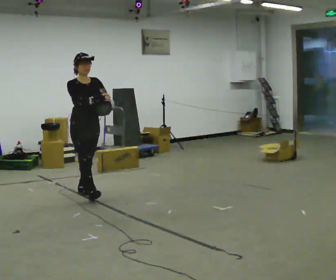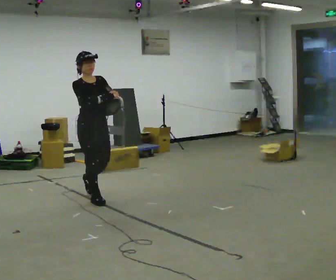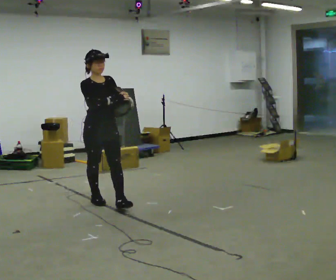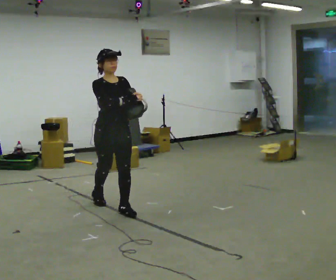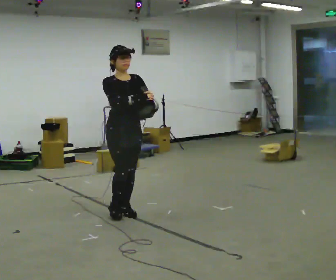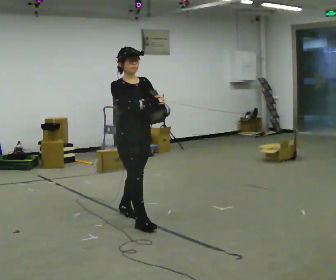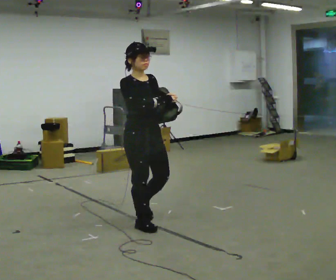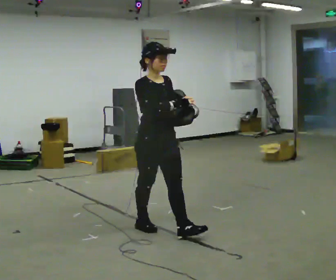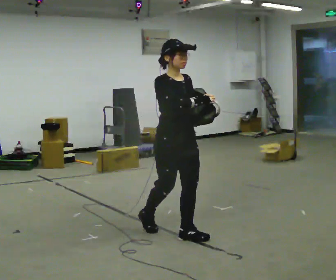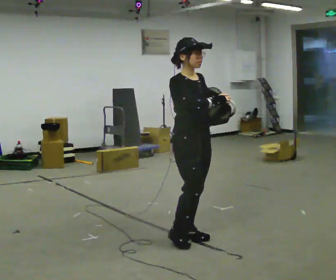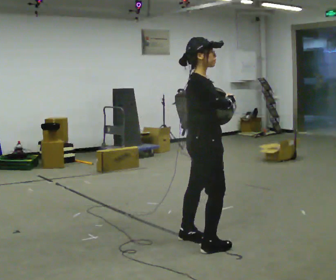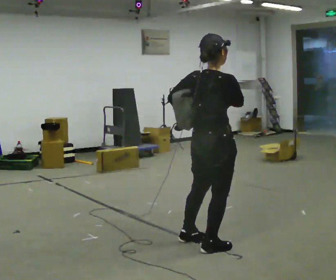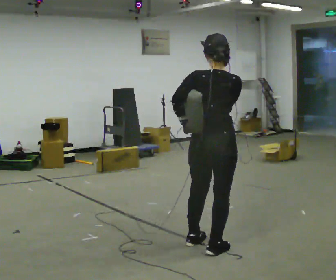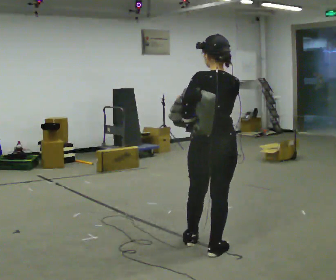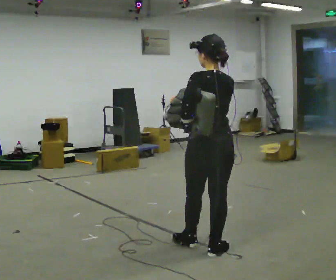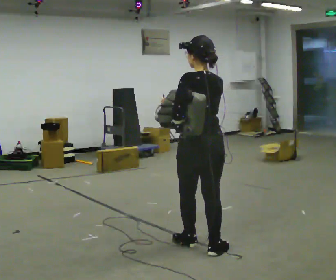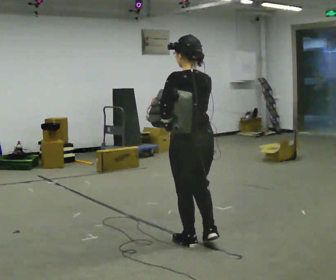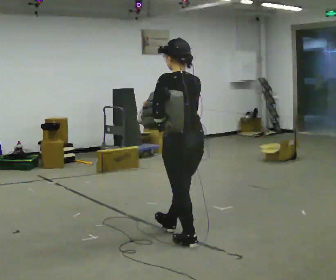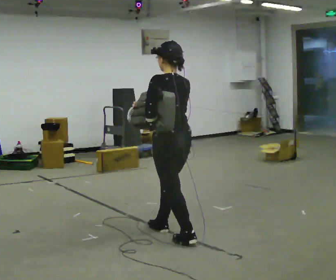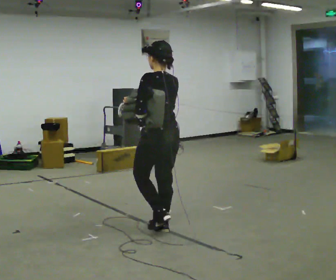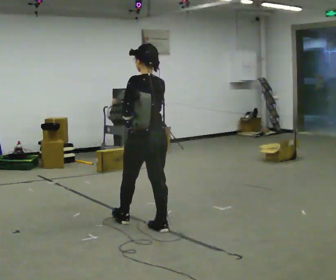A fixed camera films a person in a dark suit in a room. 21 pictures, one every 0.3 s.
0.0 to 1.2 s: In the picture they go toward the camera and to the right, about 1 m in 2 steps, which for them is forward.
1.2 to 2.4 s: In the picture they go to the right and toward the camera, about 1 m in 2 steps, which for them is forward.
2.4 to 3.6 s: The person turns about 135 degrees to their left, counterclockwise seen from above, so the part of the body nearest the lens slides to the right. In the picture they go to the right and toward the camera, about 0.5 m in 2 steps.
3.6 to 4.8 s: The person turns about 30 degrees to their left, counterclockwise seen from above, so the part of the body nearest the lens slides to the right. In the picture they go to the left, about 0.25 m, which for them is forward.
4.8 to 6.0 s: In the picture they go to the left and away from the camera, about 0.5 m in 1 step, which for them is forward.
The film runs forward here.
